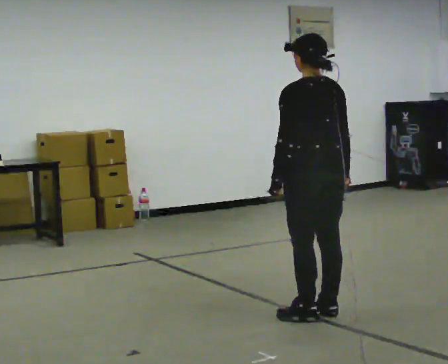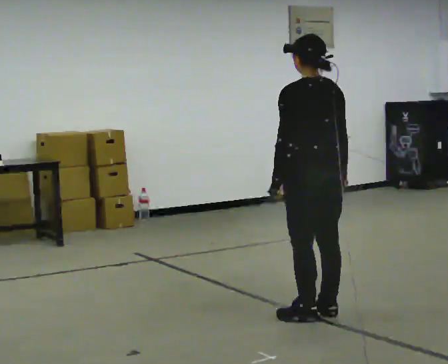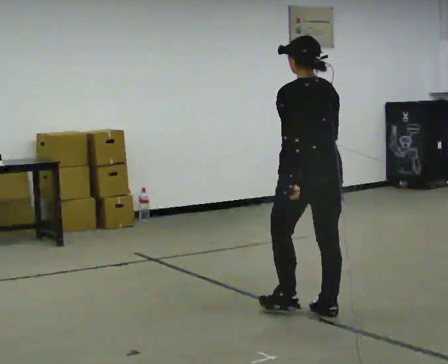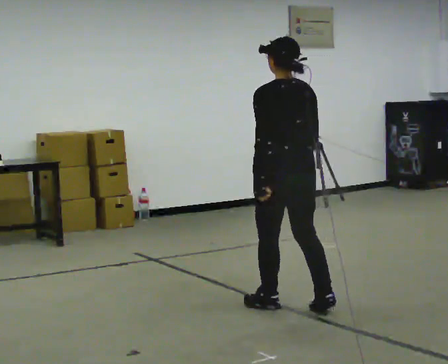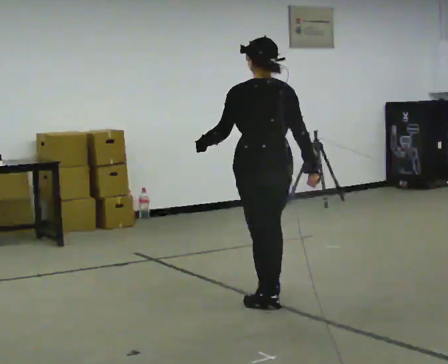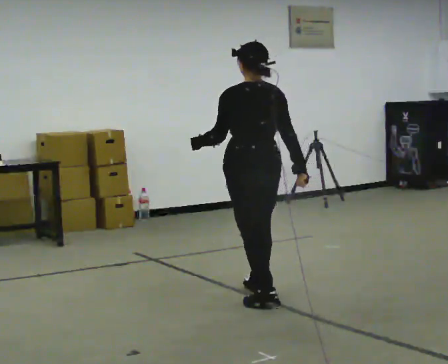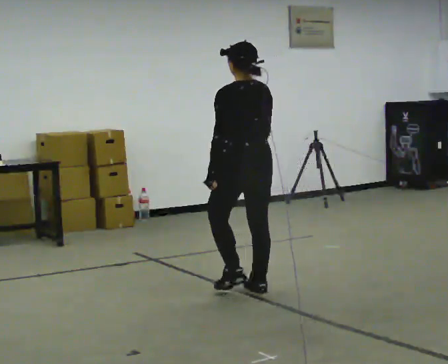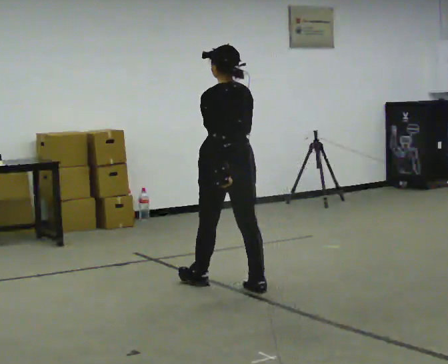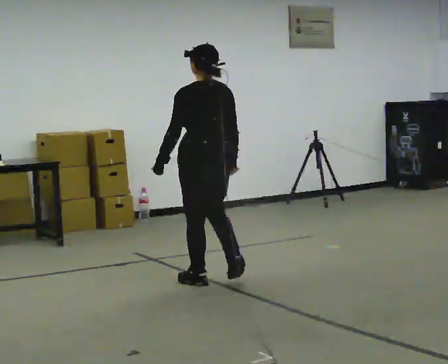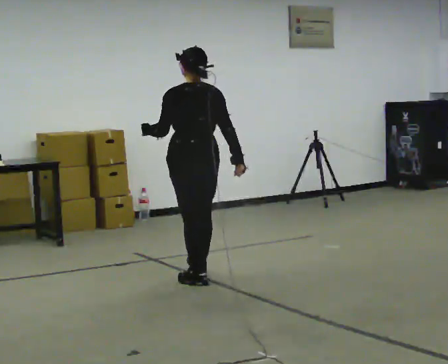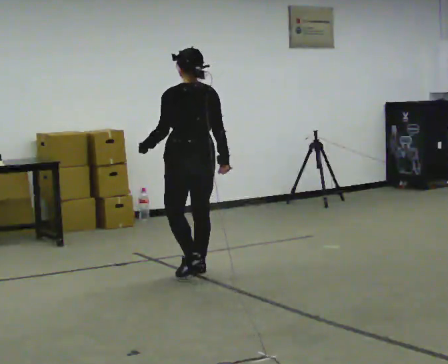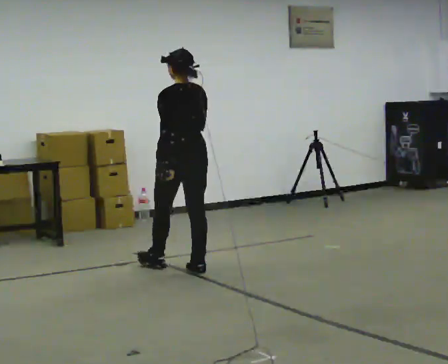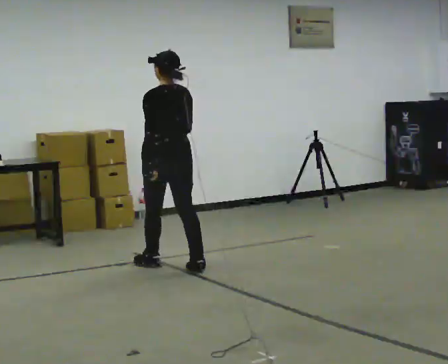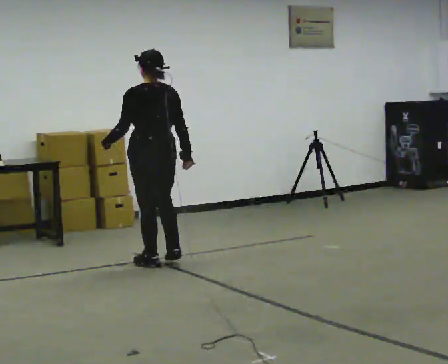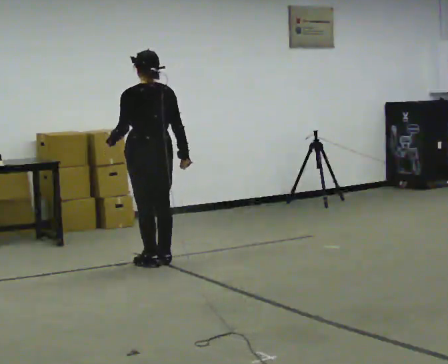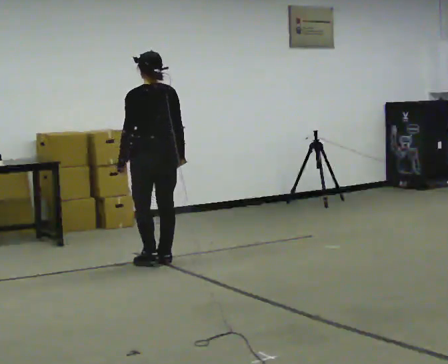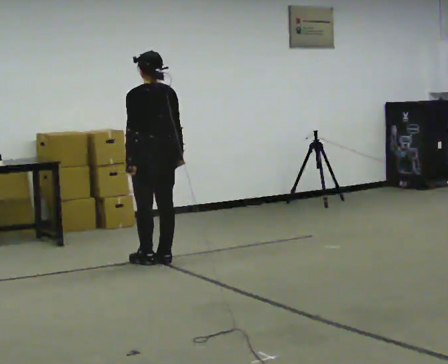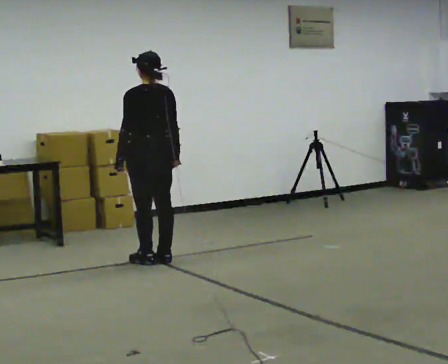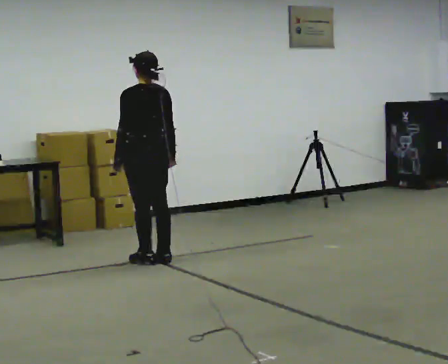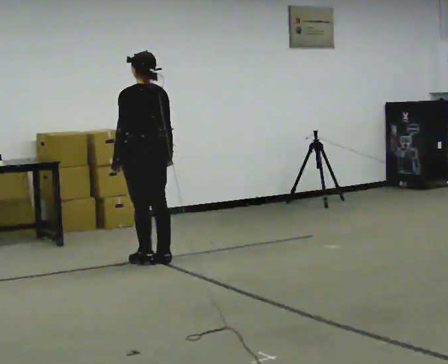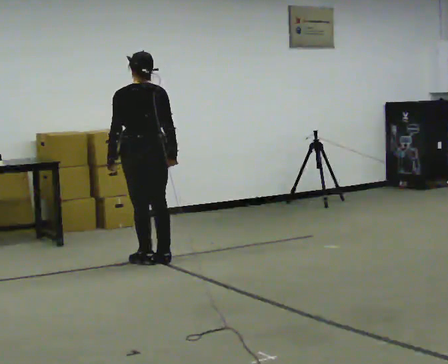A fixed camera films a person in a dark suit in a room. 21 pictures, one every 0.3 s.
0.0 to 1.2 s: In the picture they go away from the camera and to the left, about 0.5 m in 1 step, which for them is forward.
1.2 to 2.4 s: In the picture they go away from the camera and to the left, about 0.75 m in 2 steps, which for them is forward.
2.4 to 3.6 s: In the picture they go away from the camera and to the left, about 0.5 m in 2 steps, which for them is forward.
3.6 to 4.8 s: In the picture they go away from the camera, about 0.25 m in 1 step, which for them is forward.
4.8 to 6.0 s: The person moves a little, or ends about where they began.
The film runs forward here.
